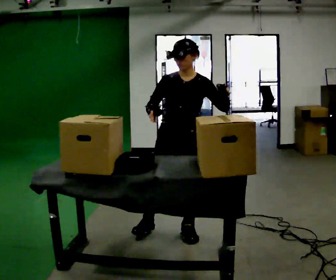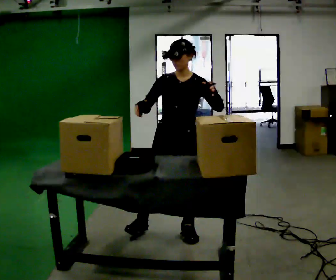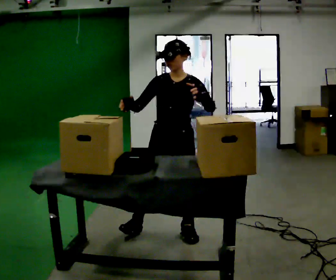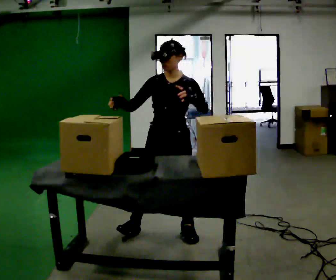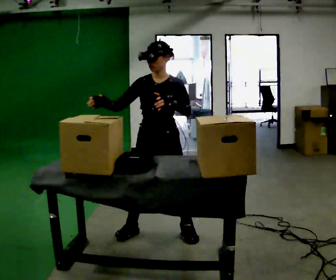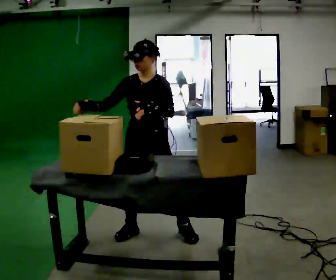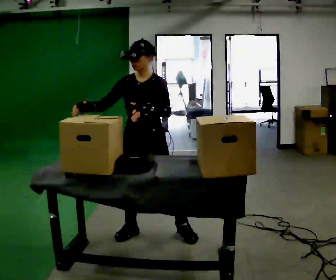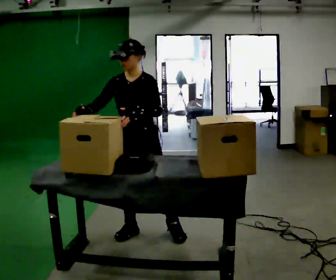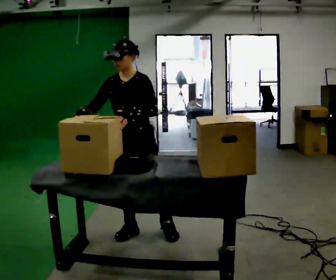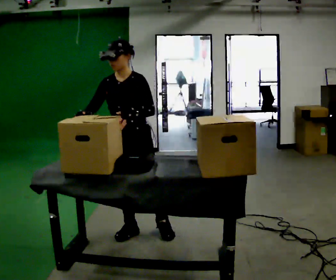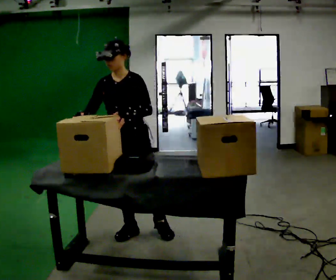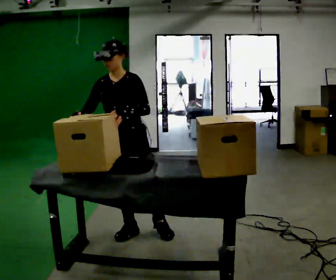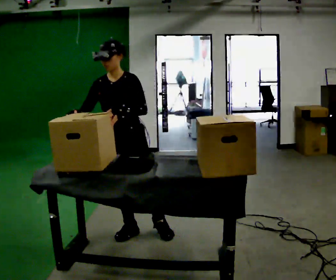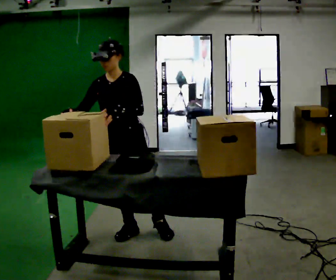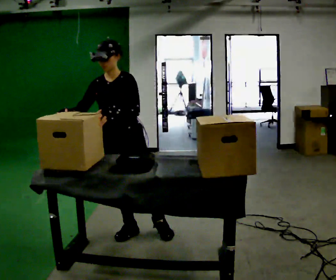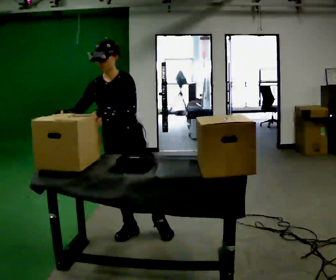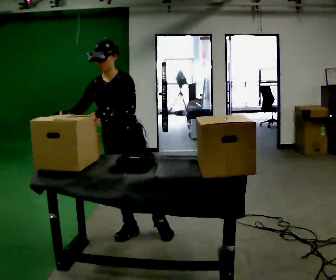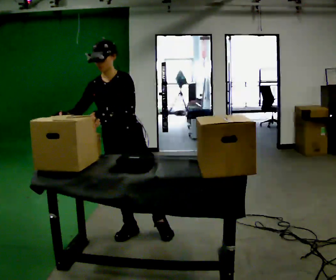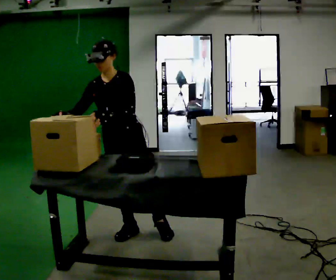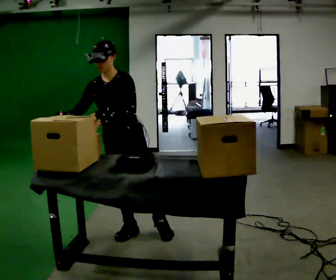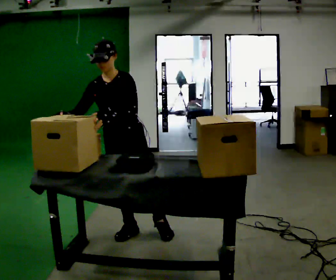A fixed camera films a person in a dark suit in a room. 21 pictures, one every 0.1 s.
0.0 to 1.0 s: In the picture they go to the left, about 0.5 m in 2 steps, which for them is to their right. In the picture the upper body tilts counterclockwise, shoulders to the left.
1.0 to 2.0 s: The person moves a little, or ends about where they began.
The film runs forward here.
